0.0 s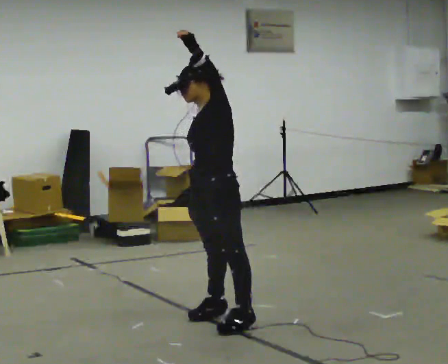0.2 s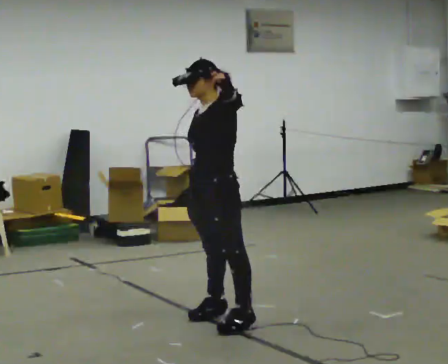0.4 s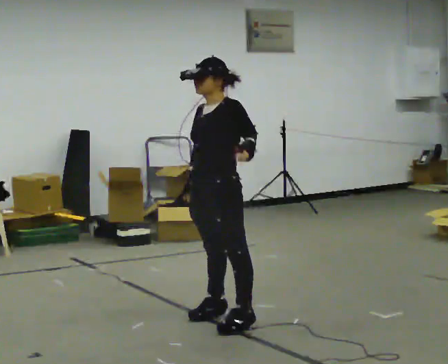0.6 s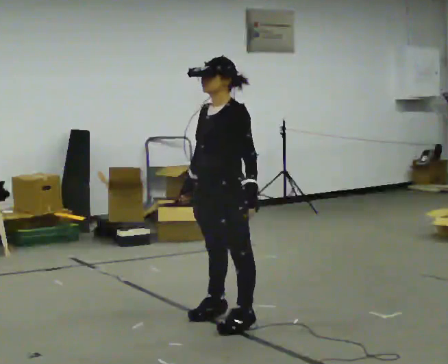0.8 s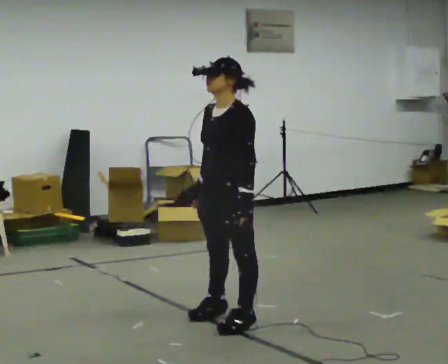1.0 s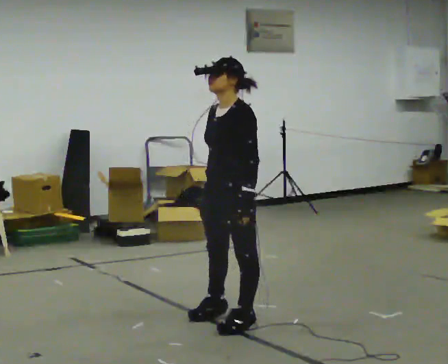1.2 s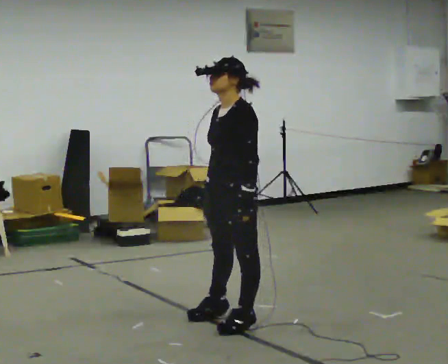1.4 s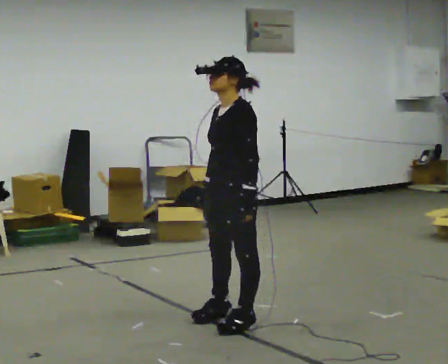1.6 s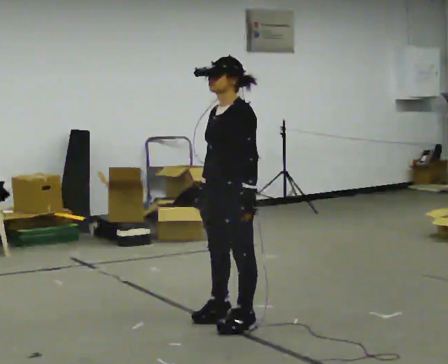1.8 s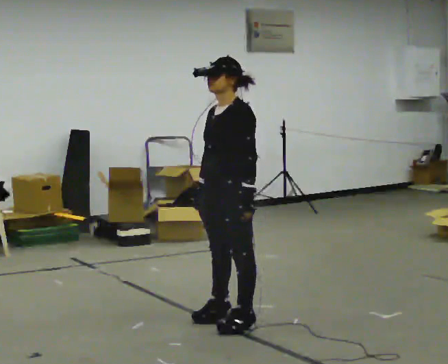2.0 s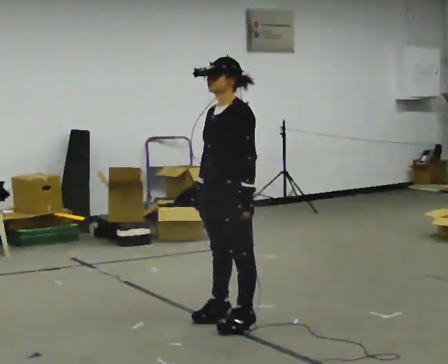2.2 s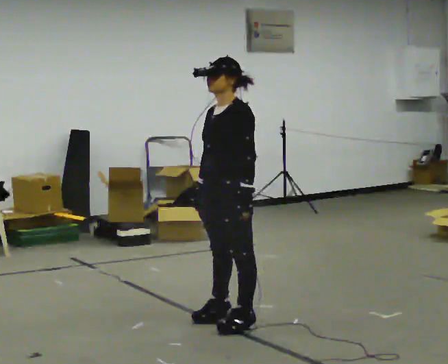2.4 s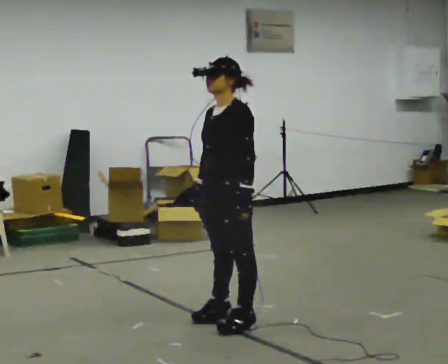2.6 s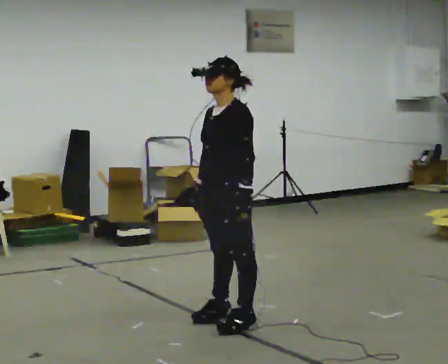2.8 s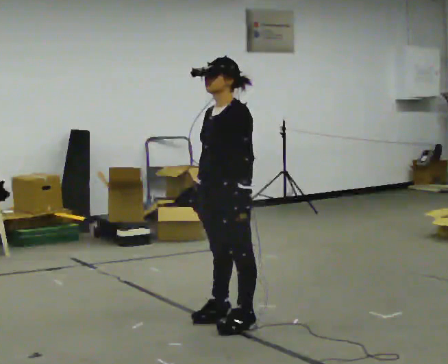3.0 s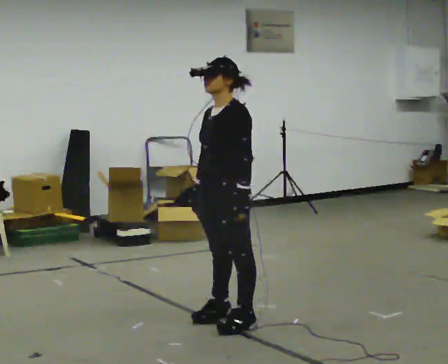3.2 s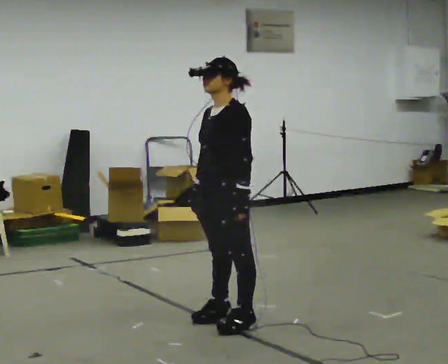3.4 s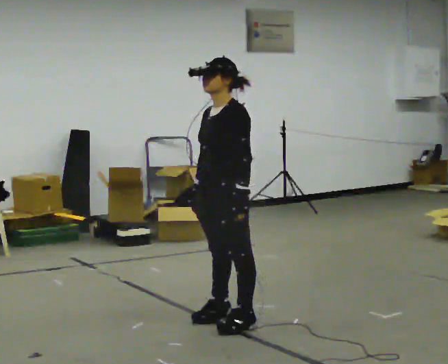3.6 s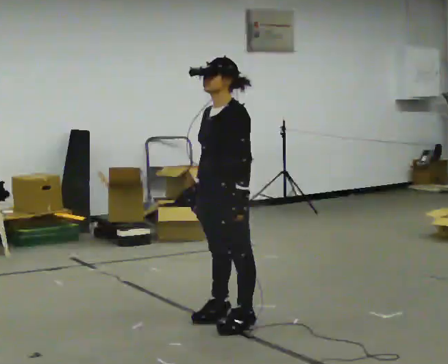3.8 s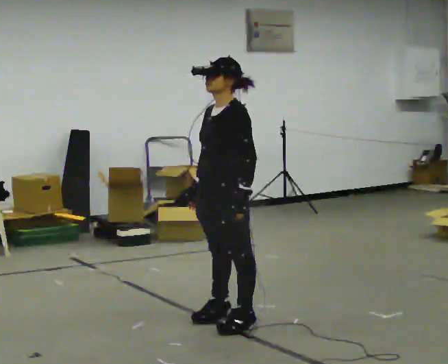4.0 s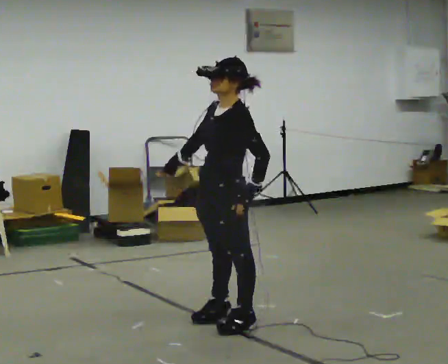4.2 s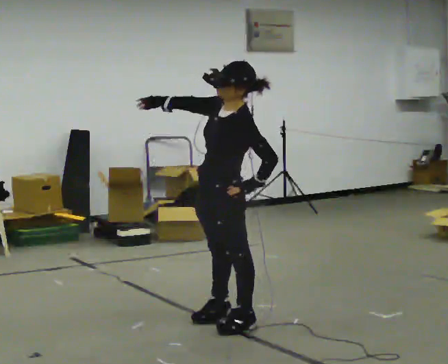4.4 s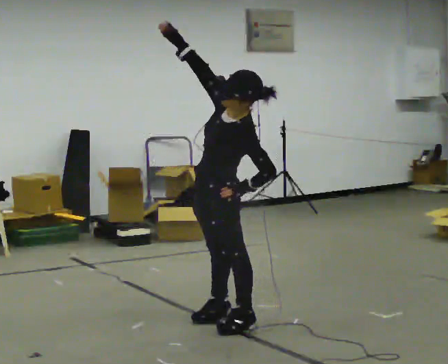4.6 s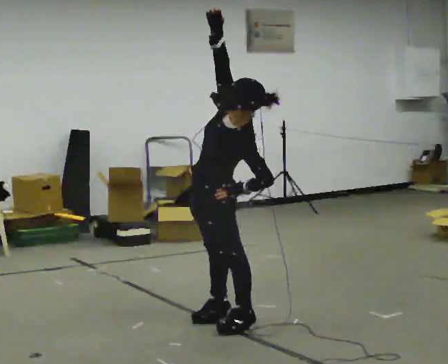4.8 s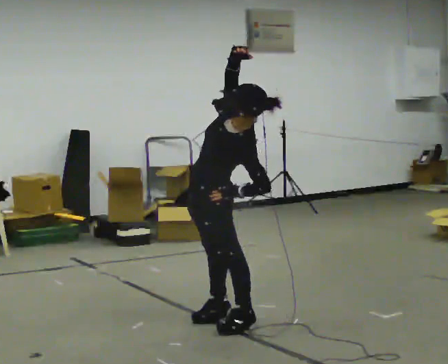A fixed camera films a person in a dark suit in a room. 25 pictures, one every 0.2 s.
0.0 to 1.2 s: The upper body tips toward the camera, its near side rolling downward. In the picture their left hand goes downward.
1.2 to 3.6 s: The person moves a little, or ends about where they began.
3.6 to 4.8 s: The upper body tips toward the camera, its near side rolling downward, as they lean back or straighten. In the picture their right hand goes upward, the arm swinging clockwise.
The film runs forward here.
